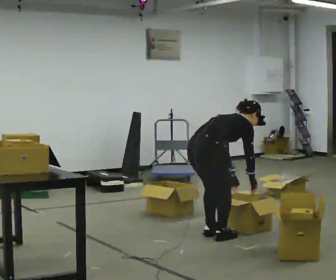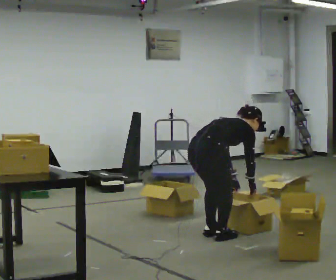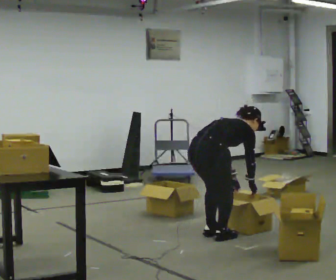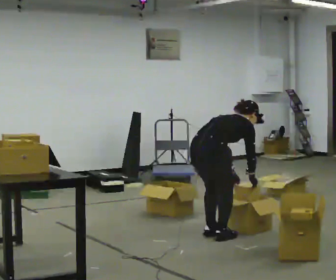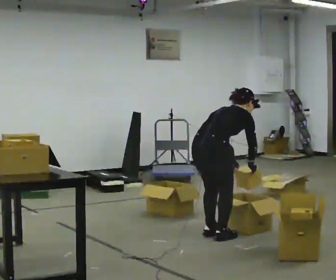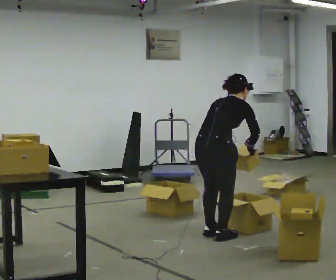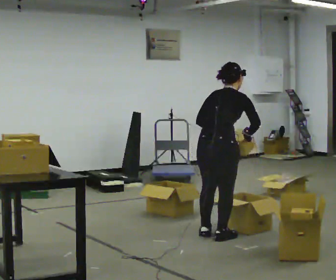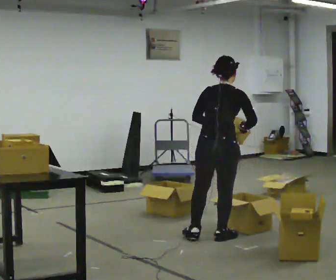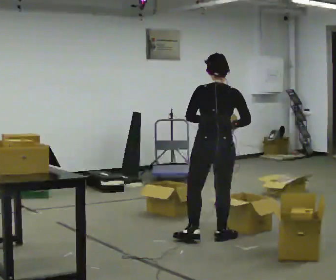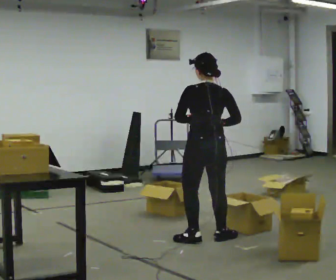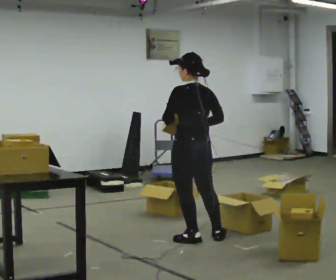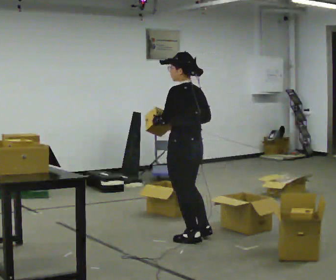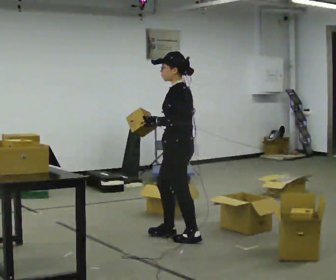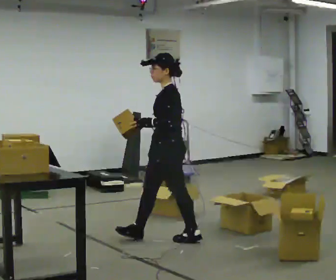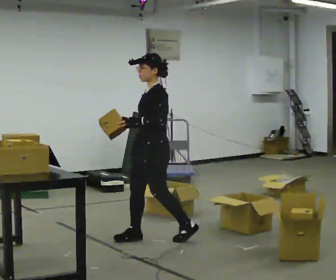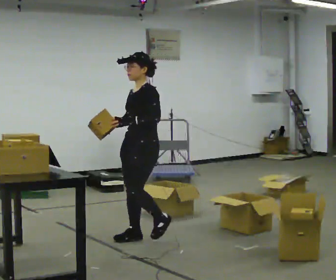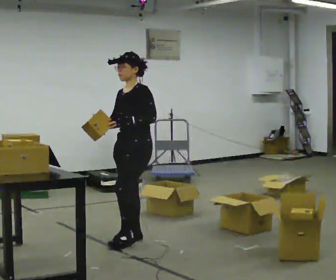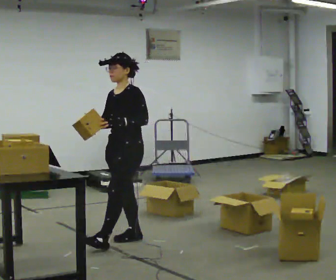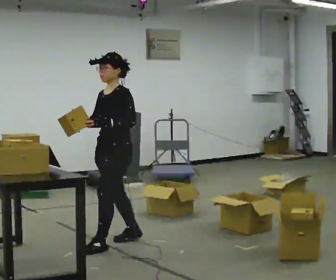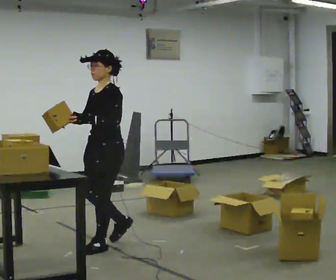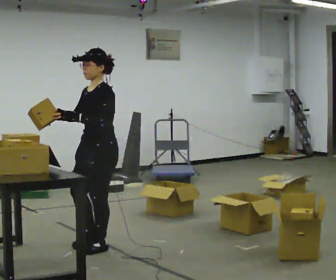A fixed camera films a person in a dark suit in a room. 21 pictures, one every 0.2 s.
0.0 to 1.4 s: The part of the body nearest the lens slides to the right as the person turns to their left by about 30 degrees. The upper body goes upward. In the picture the upper body tilts counterclockwise, shoulders to the left, as they lean back or straighten. In the picture their left hand goes upward.
1.4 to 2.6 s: The person turns about 120 degrees to their left, counterclockwise seen from above, so the part of the body nearest the lens slides to the right. In the picture they go to the left, about 0.5 m in 2 steps.
2.6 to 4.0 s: In the picture they go to the left and toward the camera, about 0.5 m in 1 step, which for them is forward.
The film runs forward here.
